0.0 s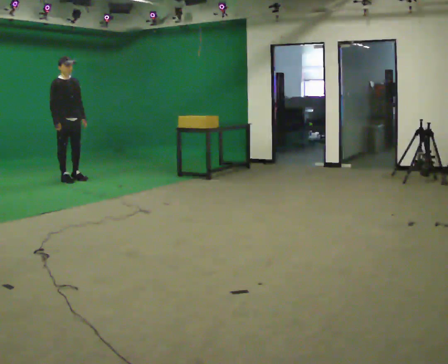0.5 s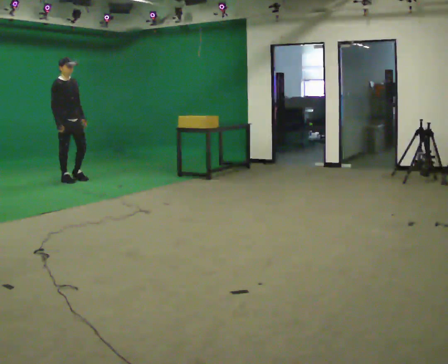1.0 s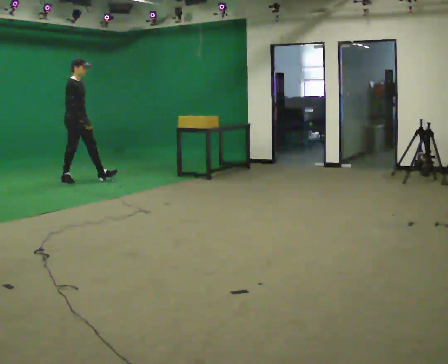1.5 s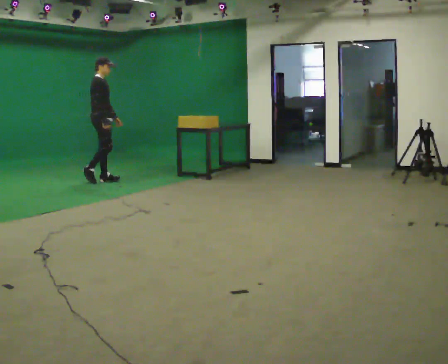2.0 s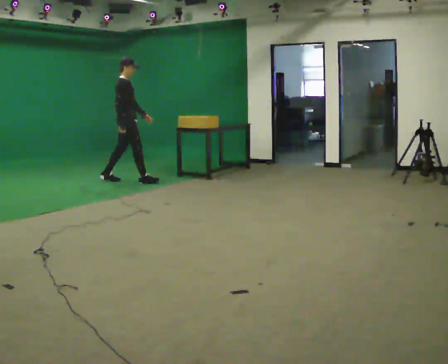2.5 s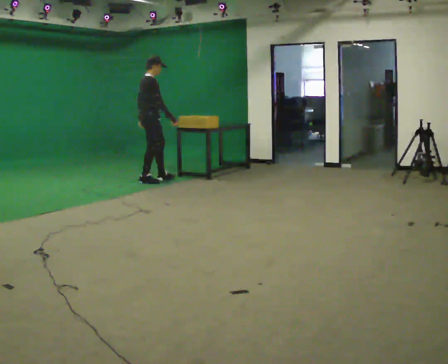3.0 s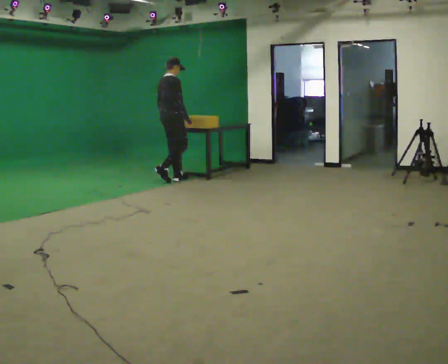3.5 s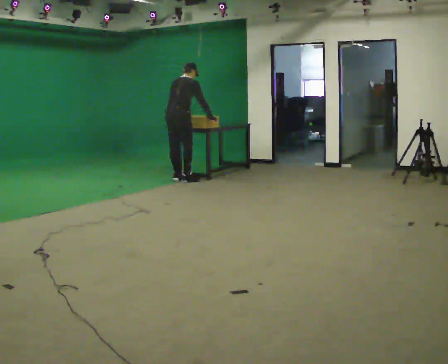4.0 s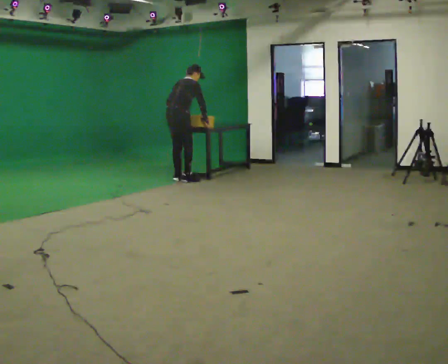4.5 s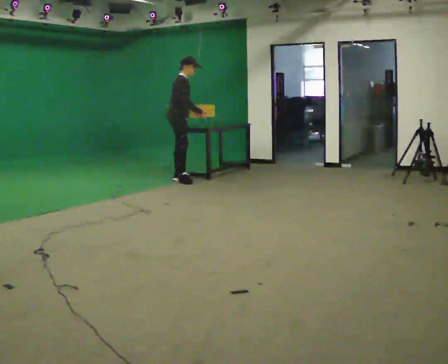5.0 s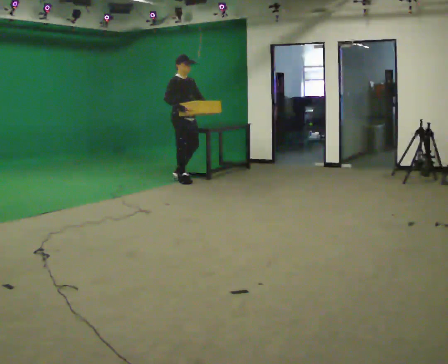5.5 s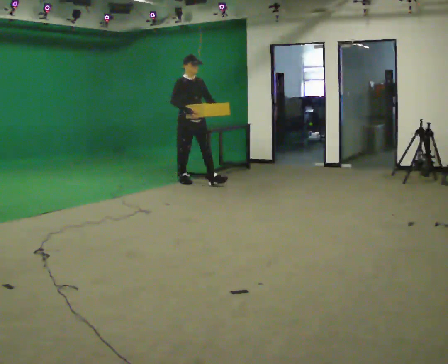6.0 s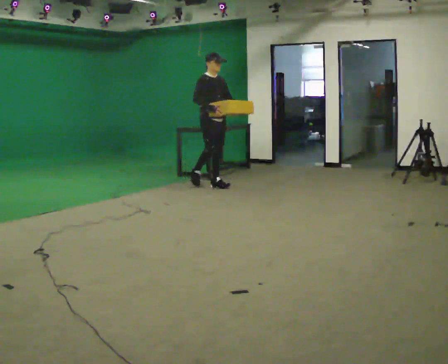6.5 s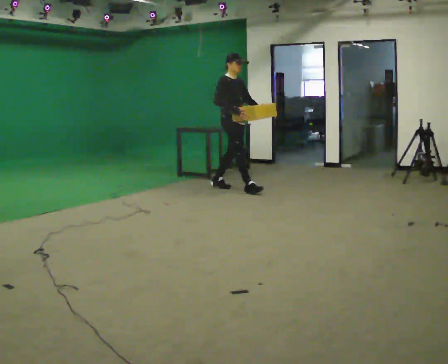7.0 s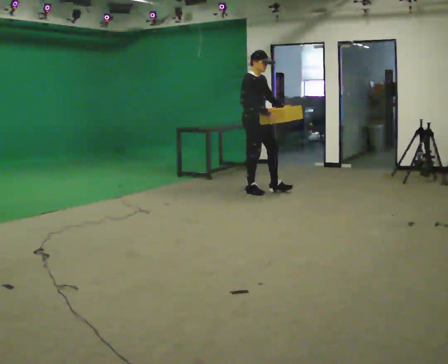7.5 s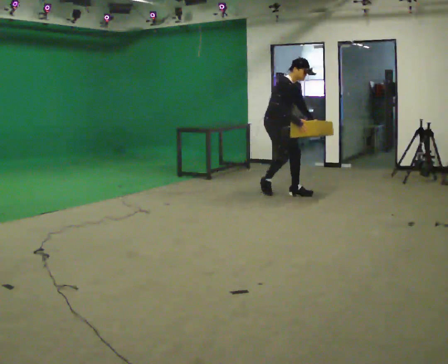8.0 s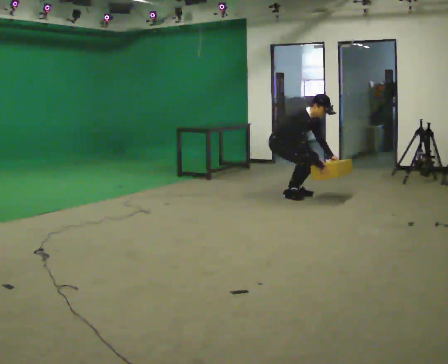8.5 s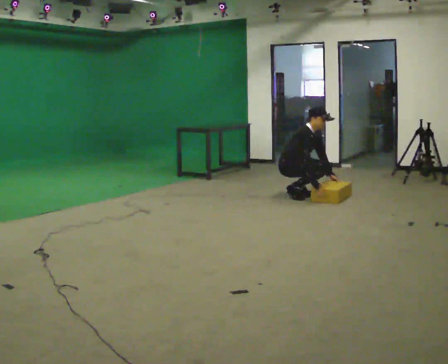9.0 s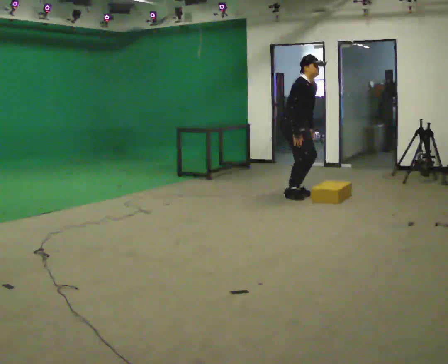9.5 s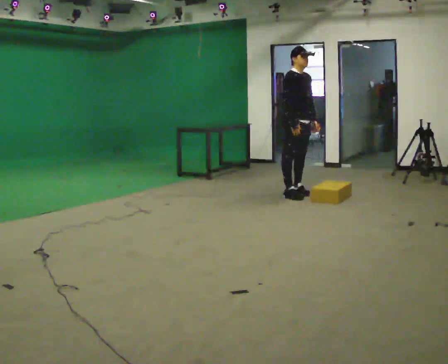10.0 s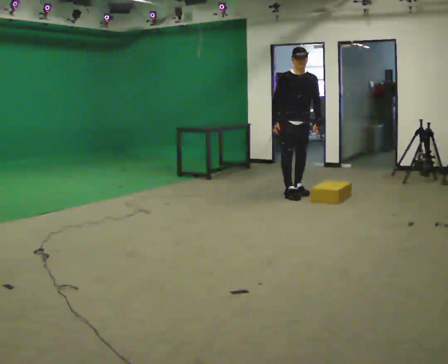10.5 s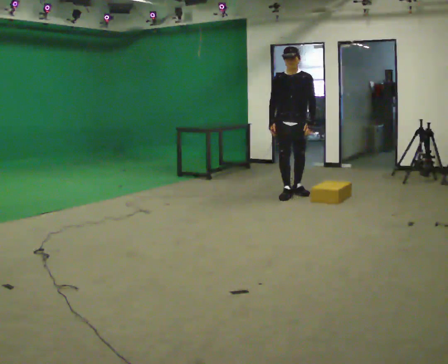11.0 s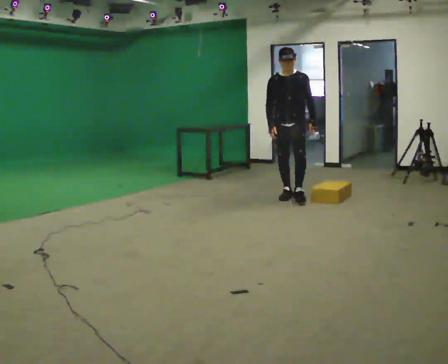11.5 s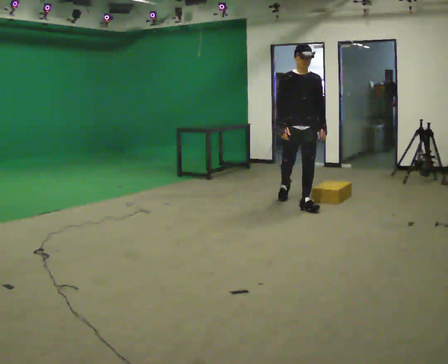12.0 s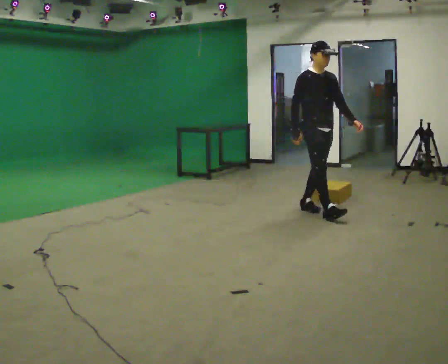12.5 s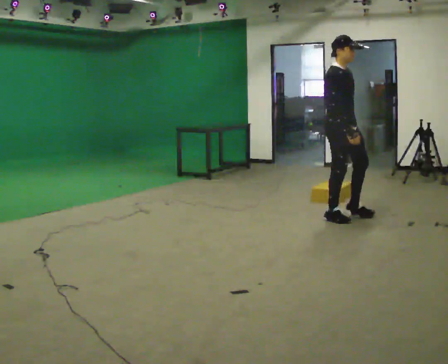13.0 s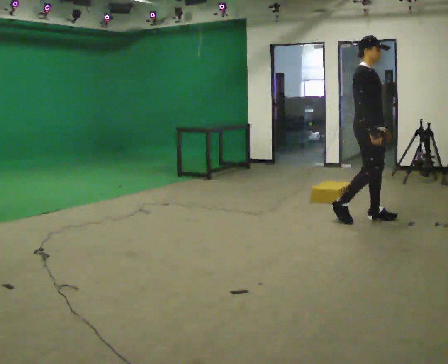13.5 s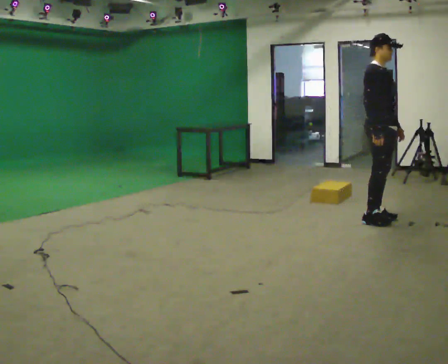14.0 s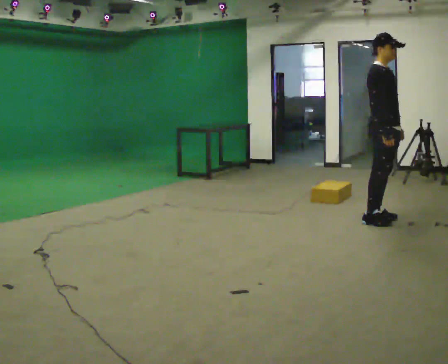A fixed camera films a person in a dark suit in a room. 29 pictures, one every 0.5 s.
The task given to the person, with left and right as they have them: Walk quickly but do not run; remain comfortable and controlled; stop.
0.0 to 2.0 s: The person turns about 45 degrees to their left, counterclockwise seen from above, so the part of the body nearest the lens slides to the right. In the picture they go to the right, about 1 m in 2 steps, which for them is forward.
2.0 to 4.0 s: The part of the body nearest the lens slides to the right as the person turns to their left by about 30 degrees. In the picture they go to the right, about 0.5 m in 2 steps, which for them is forward and to their right. The upper body tips away from the camera, its near side rolling upward, as they bend forward.
4.0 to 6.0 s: Seen from above the body turns clockwise, about 90 degrees: to their right, with its near side sliding to the left. In the picture they go to the right and toward the camera, about 0.5 m in 1 step. The upper body tips toward the camera, its near side rolling downward, as they lean back or straighten.
6.0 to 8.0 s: In the picture they go to the right and toward the camera, about 1 m in 3 steps, which for them is forward. The upper body goes downward. In the picture the upper body tilts clockwise, shoulders to the right, as they bend forward. In the picture their left hand goes downward.
8.0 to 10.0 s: Seen from above the body turns clockwise, about 60 degrees: to their right, with its near side sliding to the left. In the picture the upper body tilts counterclockwise, shoulders to the left, as they lean back or straighten. In the picture their right hand goes to the left and upward.
10.0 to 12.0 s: The person turns about 30 degrees to their left, counterclockwise seen from above, so the part of the body nearest the lens slides to the right. In the picture they go toward the camera, about 1 m in 1 step, which for them is forward.
12.0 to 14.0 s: In the picture they go to the right and toward the camera, about 0.5 m in 3 steps, which for them is forward.
The film runs forward here.
